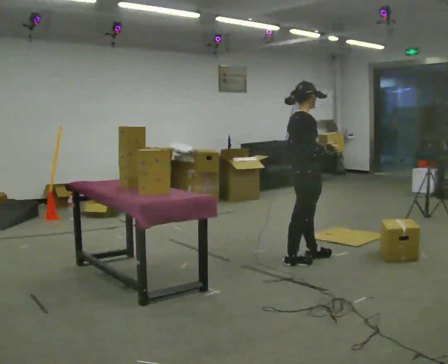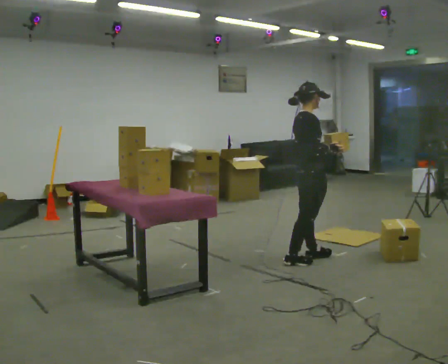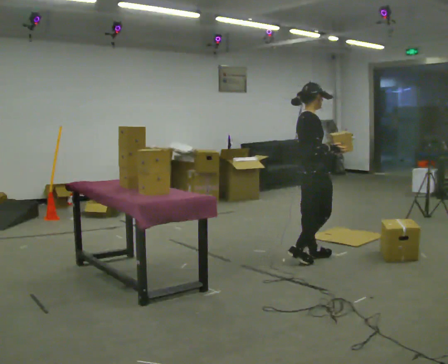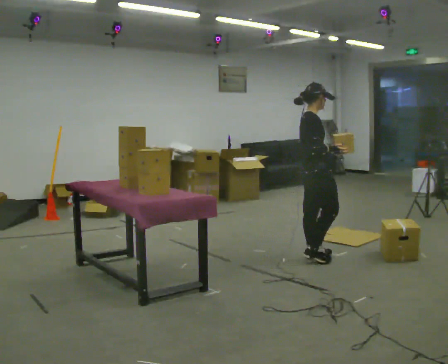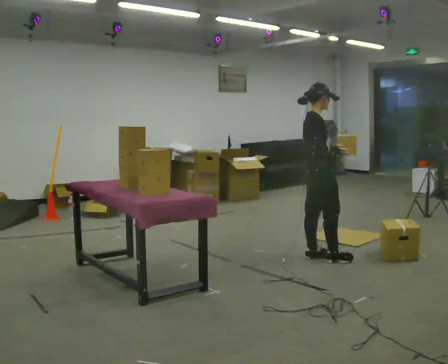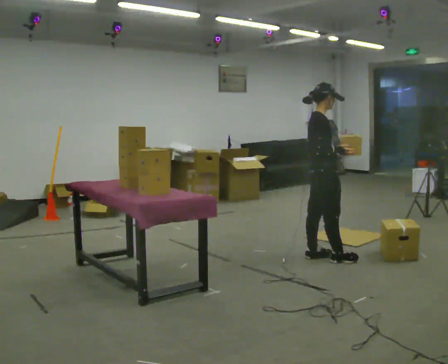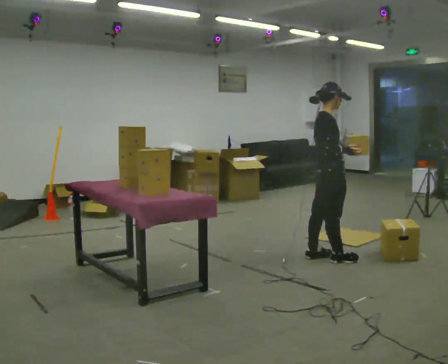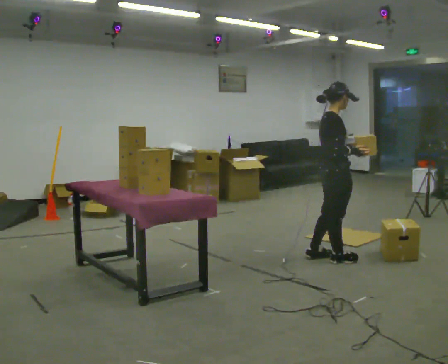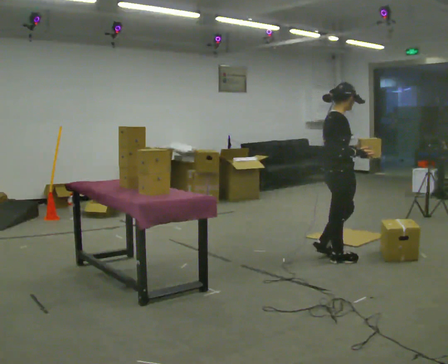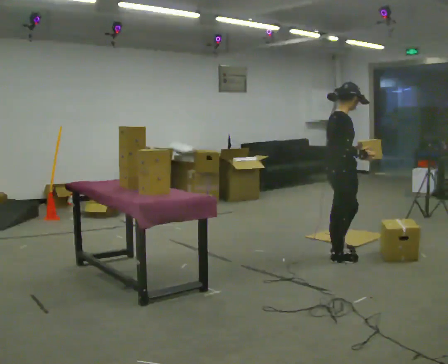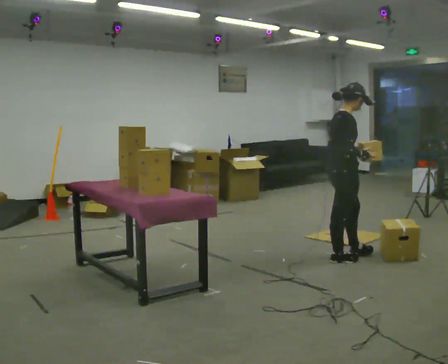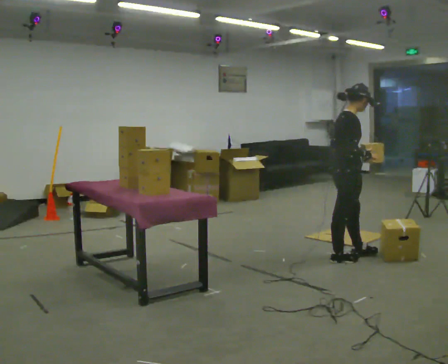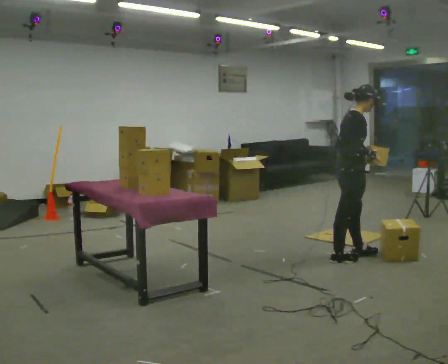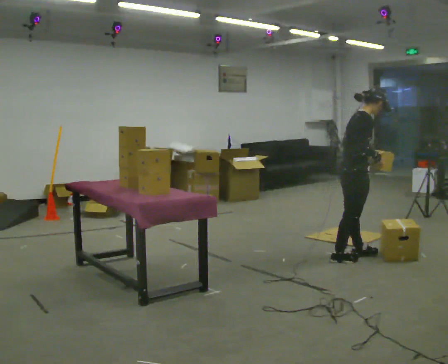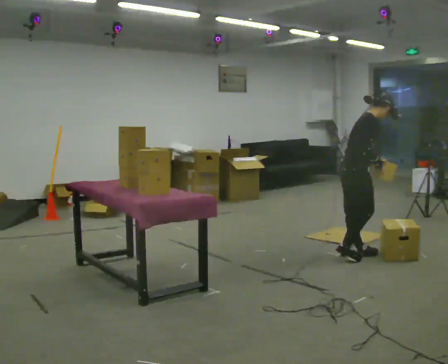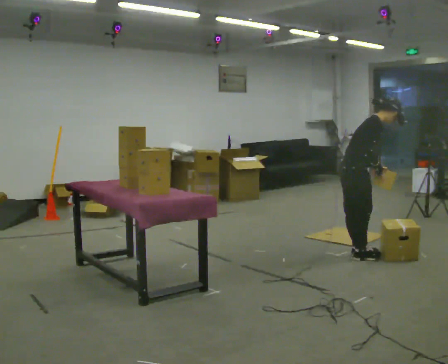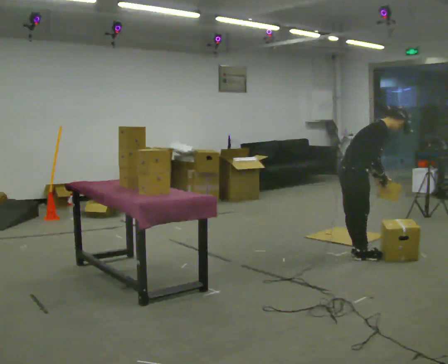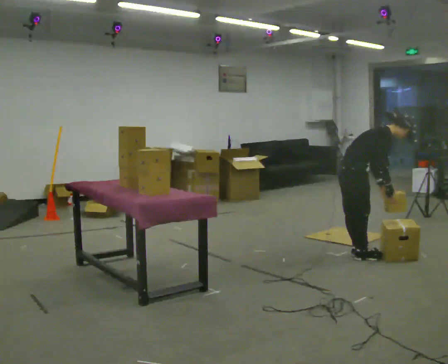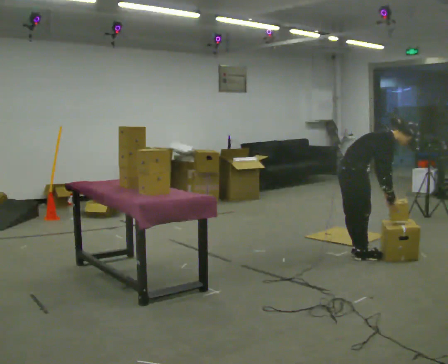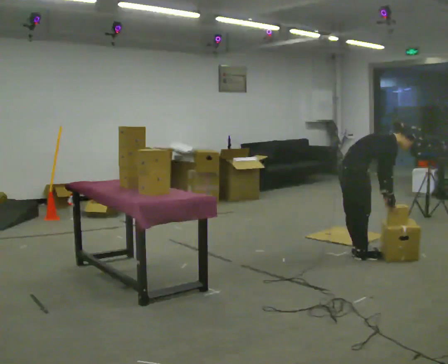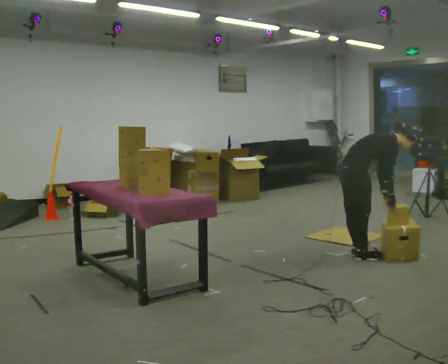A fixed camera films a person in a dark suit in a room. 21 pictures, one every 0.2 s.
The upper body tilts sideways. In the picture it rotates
clockwise.
Their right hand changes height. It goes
downward.
0.0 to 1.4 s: In the picture they go to the right, about 0.25 m in 1 step, which for them is forward.
1.4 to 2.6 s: In the picture they go to the right, about 0.25 m in 1 step, which for them is forward. In the picture the upper body tilts clockwise, shoulders to the right, as they bend forward.
2.6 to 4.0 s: The shoulders move downward. In the picture the upper body tilts clockwise, shoulders to the right, as they bend forward. In the picture their right hand goes downward.
The film runs forward here.
